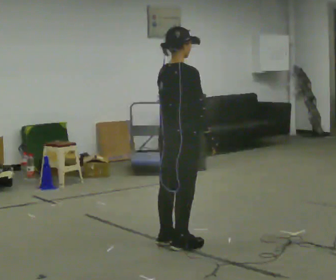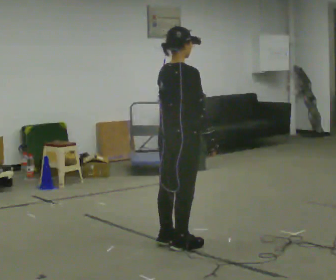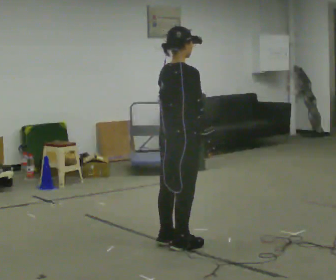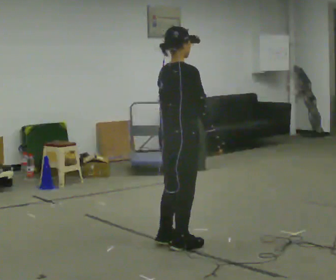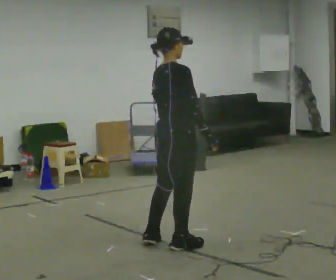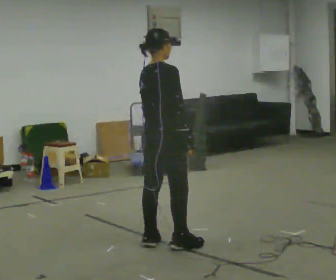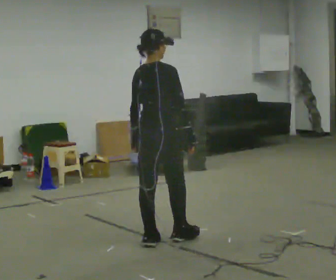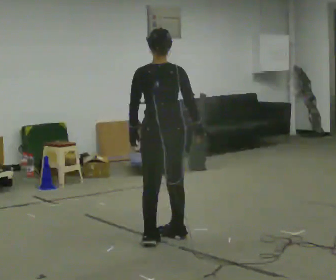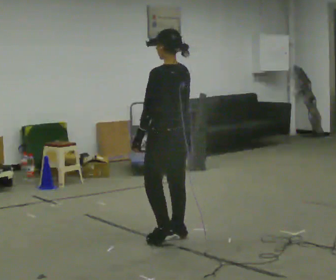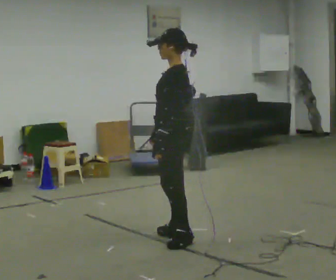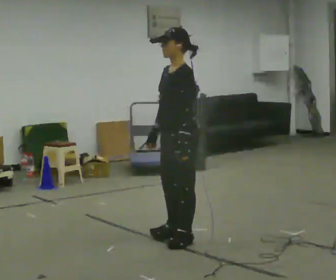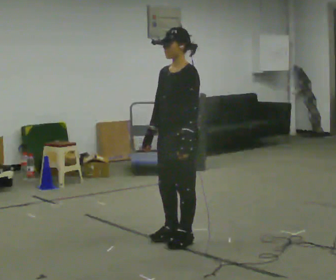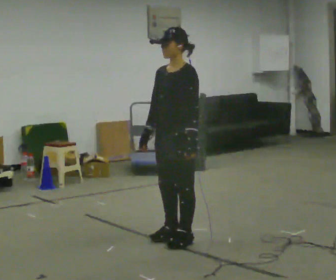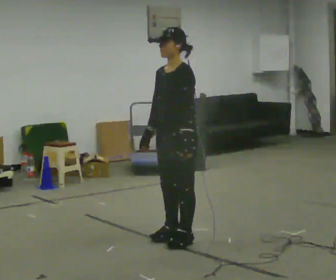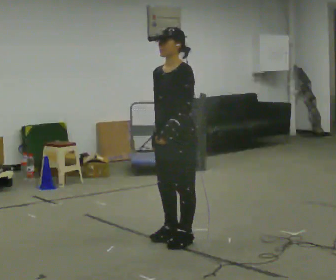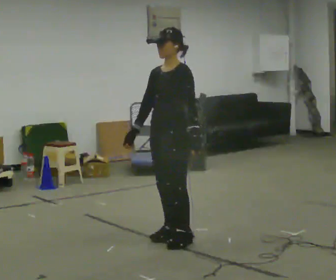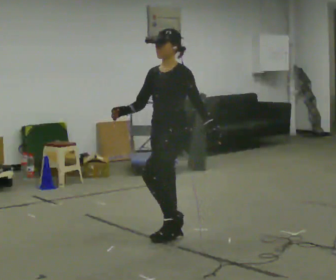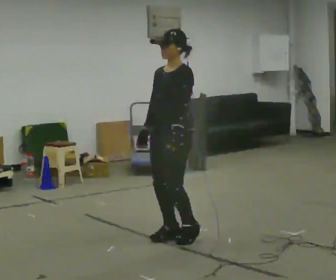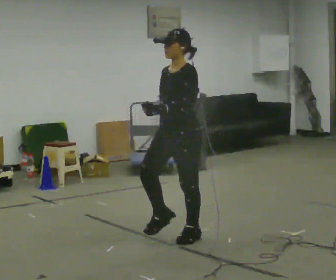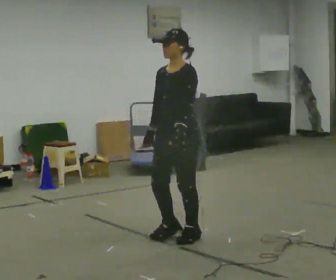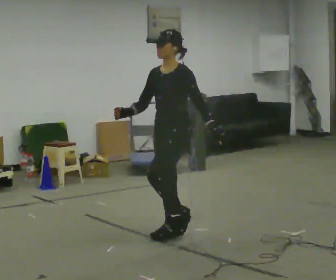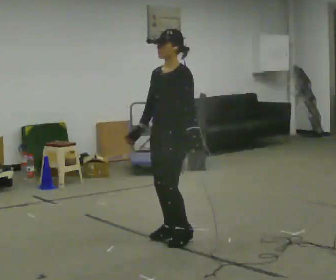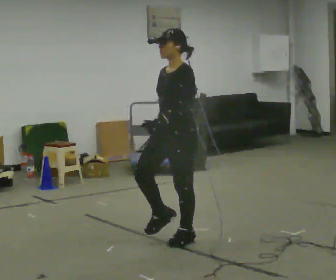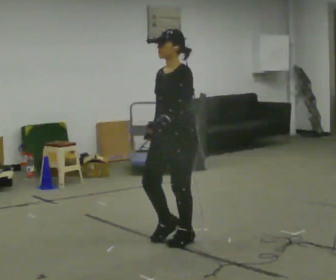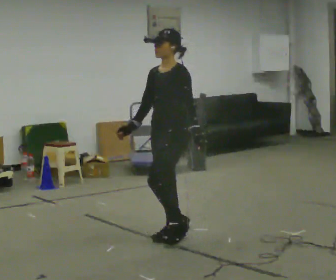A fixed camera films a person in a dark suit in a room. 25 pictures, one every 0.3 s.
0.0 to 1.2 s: The person moves a little, or ends about where they began.
1.2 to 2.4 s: The part of the body nearest the lens slides to the right as the person turns to their left by about 90 degrees. In the picture they go away from the camera, about 0.25 m in 2 steps.
2.4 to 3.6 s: Seen from above the body turns counterclockwise, about 90 degrees: to their left, with its near side sliding to the right. In the picture their left hand goes to the right.
3.6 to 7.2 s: The person moves a little, or ends about where they began.
The film runs backward here.
